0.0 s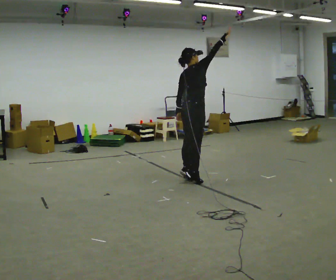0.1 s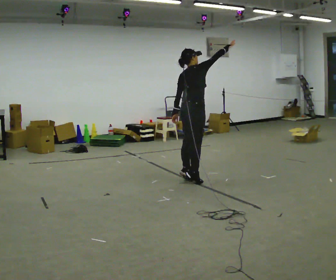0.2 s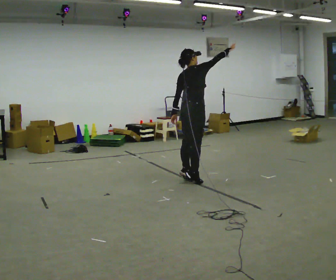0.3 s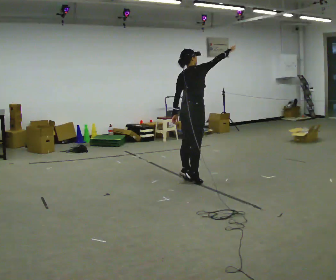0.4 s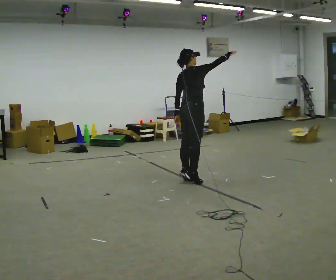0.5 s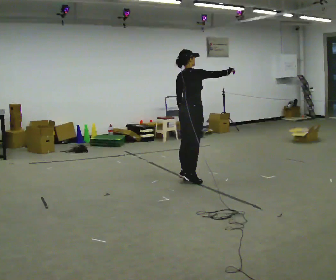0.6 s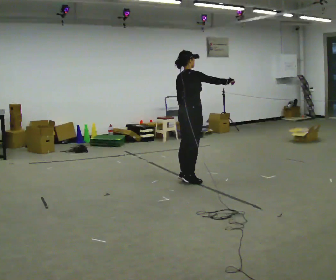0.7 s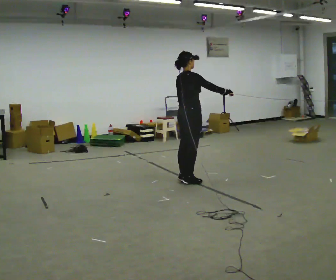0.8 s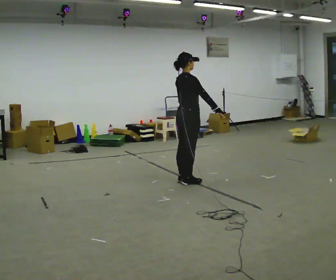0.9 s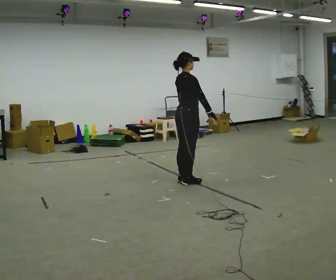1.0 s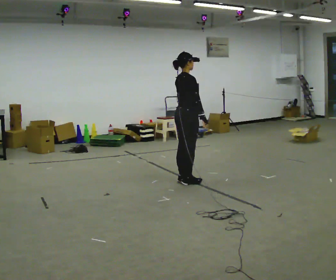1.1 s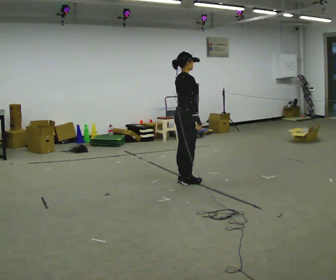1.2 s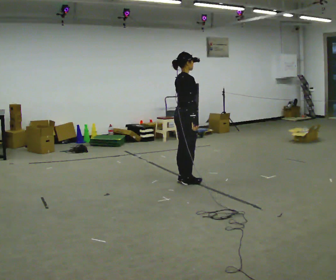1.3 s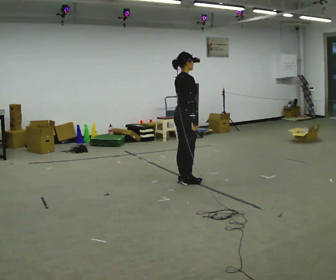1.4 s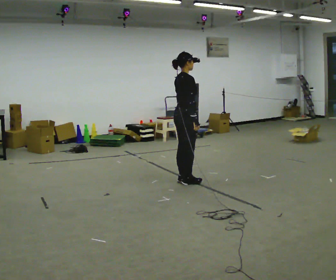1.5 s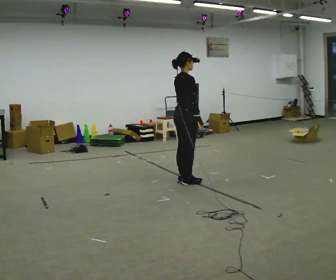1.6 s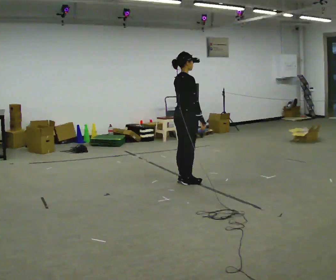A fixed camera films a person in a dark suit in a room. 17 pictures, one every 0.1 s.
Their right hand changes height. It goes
downward.
Their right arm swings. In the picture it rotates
clockwise.
0.0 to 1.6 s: In the picture their right hand goes downward, the arm swinging clockwise.
The film runs forward here.
